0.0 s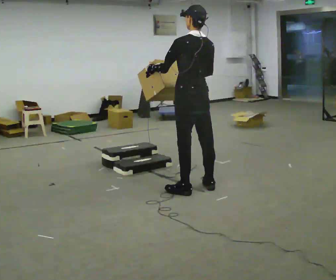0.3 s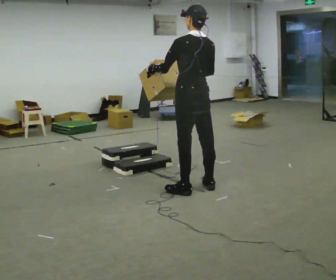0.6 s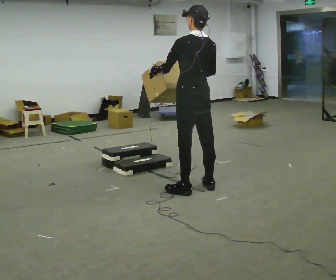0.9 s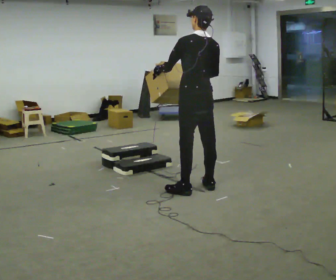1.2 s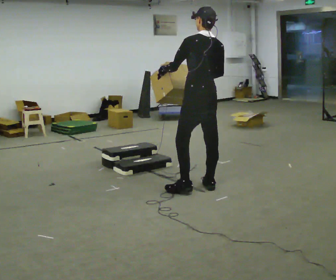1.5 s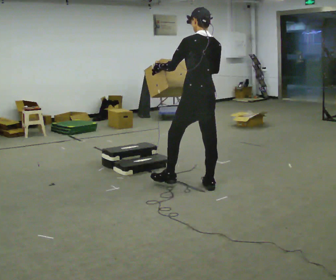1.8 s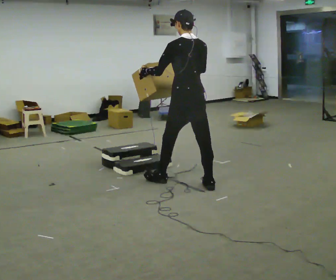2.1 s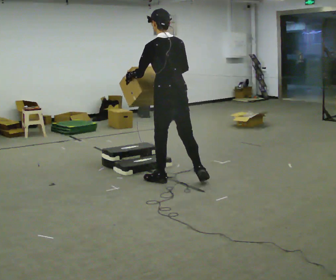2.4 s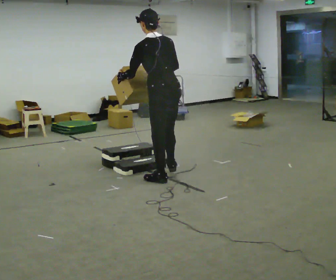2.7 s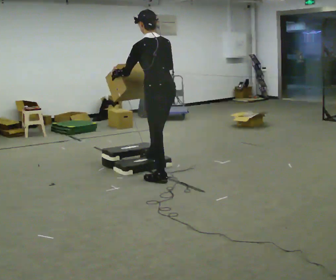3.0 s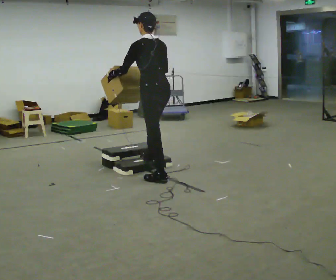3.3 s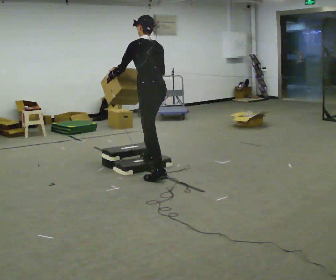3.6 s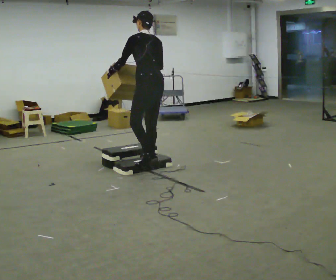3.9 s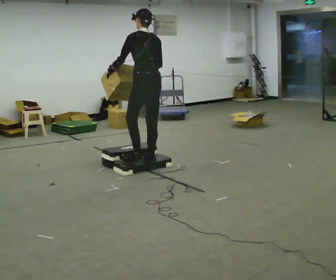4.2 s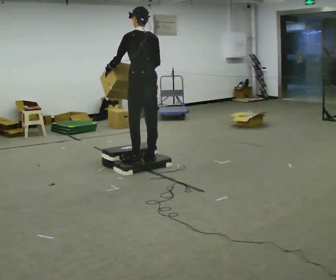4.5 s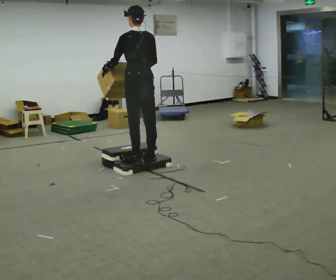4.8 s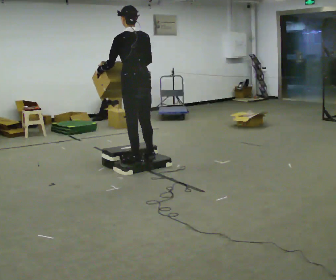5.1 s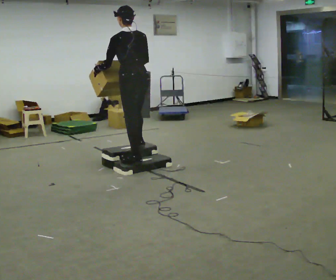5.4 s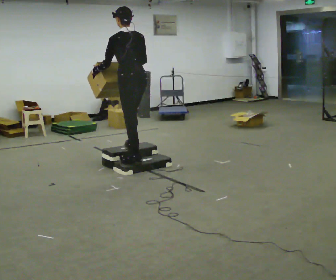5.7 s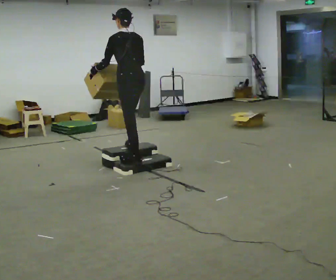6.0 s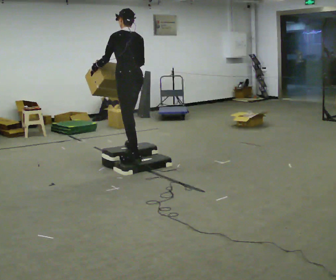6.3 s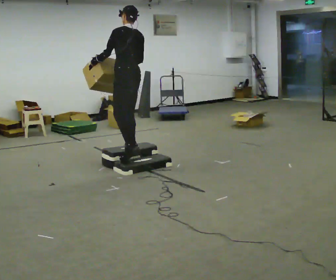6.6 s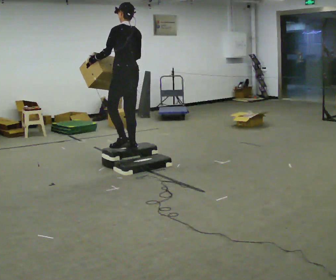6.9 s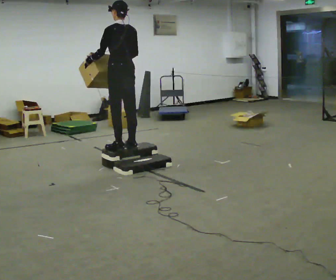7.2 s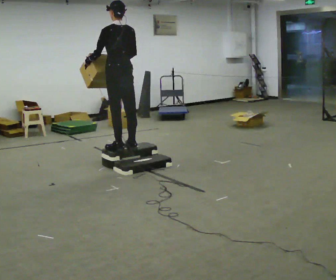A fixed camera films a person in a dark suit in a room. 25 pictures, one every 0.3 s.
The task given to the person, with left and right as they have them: Carry the box up the three steps, turn at the top, and carry it back down. Use the handrail only if you need it. Keep going until the operator says stop; one object at a time, and do not rush between trips.
0.0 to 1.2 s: The person moves a little, or ends about where they began.
1.2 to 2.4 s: In the picture they go to the left and away from the camera, about 0.5 m in 1 step, which for them is forward and to their left. In the picture the upper body tilts counterclockwise, shoulders to the left.
2.4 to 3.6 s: In the picture they go away from the camera, about 0.5 m in 1 step, which for them is forward and to their right.
3.6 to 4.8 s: In the picture they go to the left, about 0.25 m in 1 step.
4.8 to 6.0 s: In the picture they go away from the camera, about 0.25 m in 1 step, which for them is forward.
6.0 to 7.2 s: The person moves a little, or ends about where they began.
The film runs forward here.
